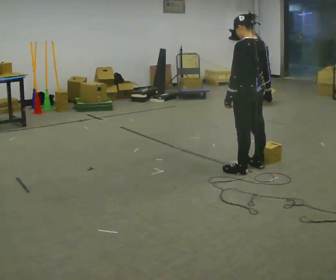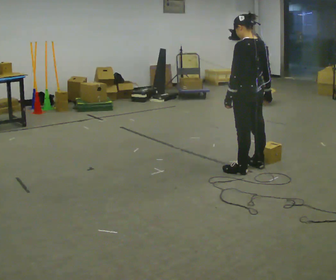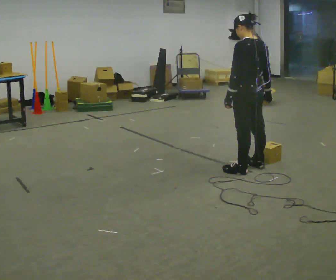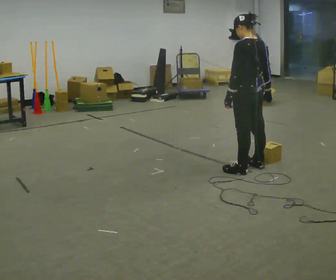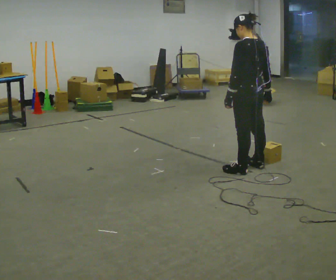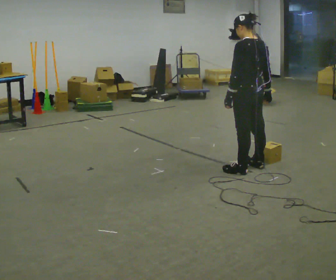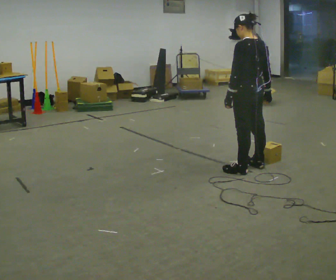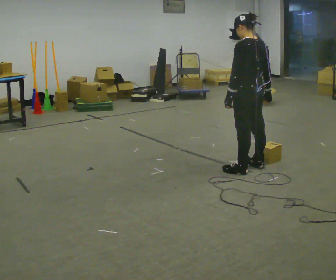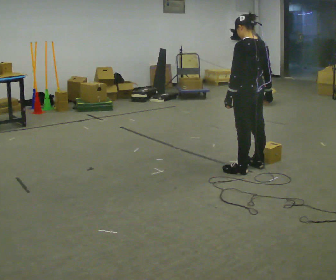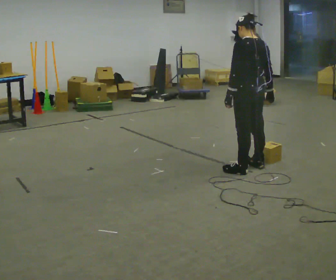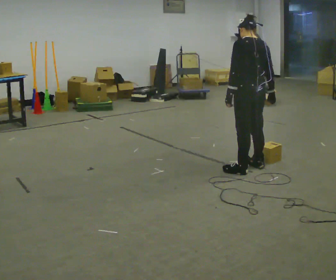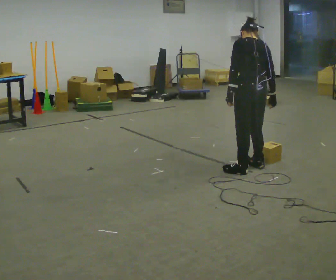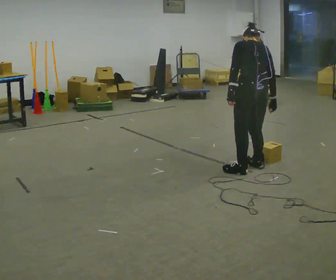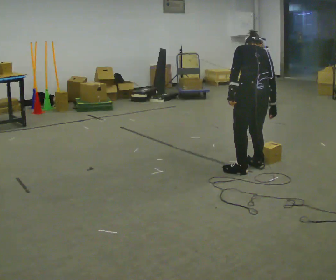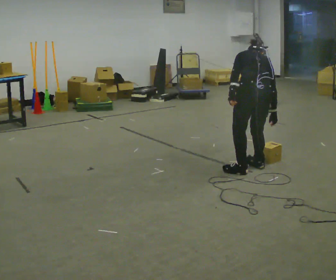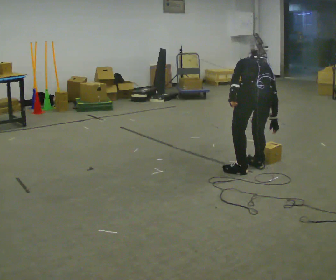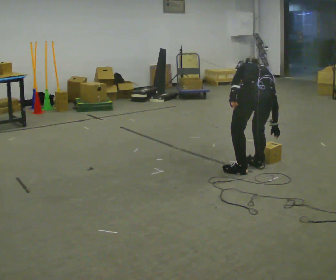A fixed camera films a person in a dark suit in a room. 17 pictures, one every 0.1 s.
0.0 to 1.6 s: The part of the body nearest the lens slides to the left as the person turns to their right by about 30 degrees. The shoulders move downward. The upper body tips away from the camera, its near side rolling upward, as they bend forward.
The film runs forward here.
